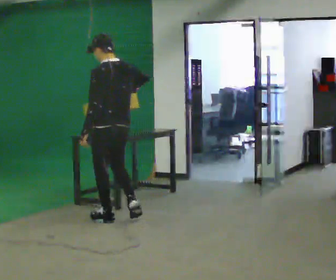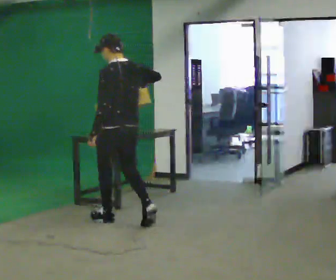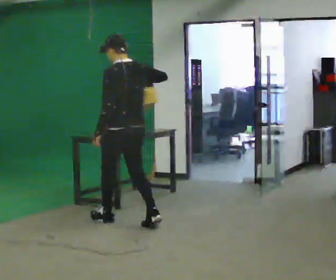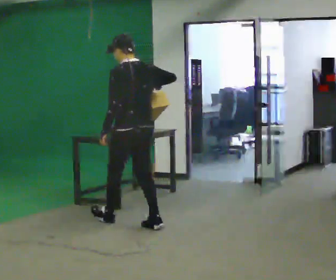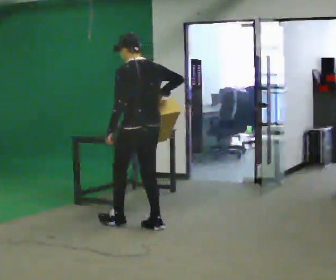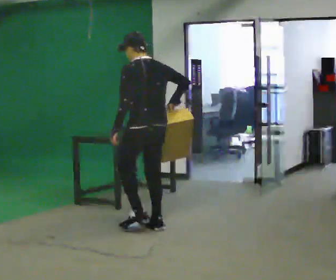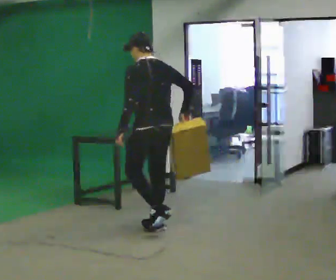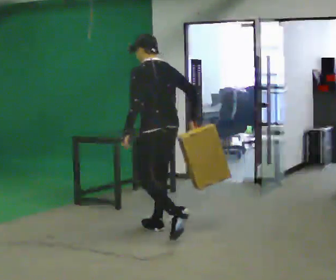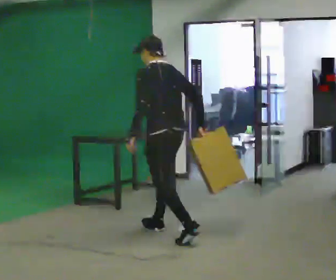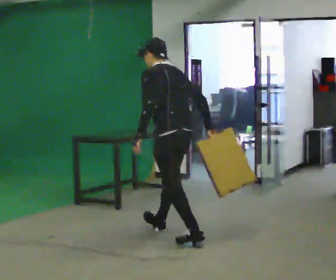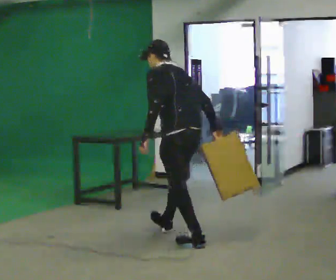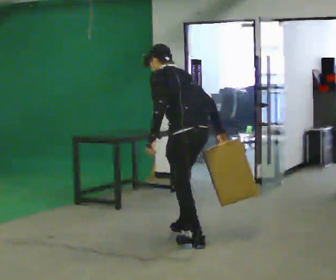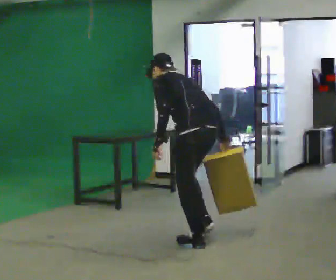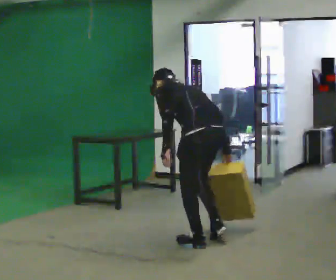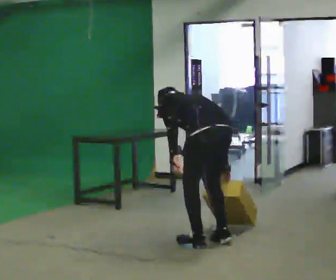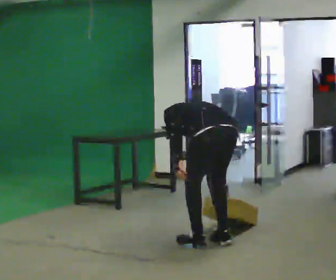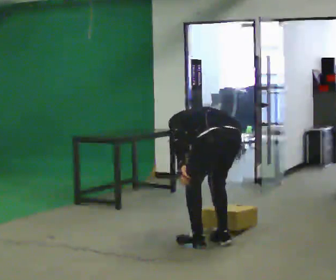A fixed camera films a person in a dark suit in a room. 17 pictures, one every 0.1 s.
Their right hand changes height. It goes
downward.
The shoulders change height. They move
downward.
0.0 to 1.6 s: In the picture they go to the right and toward the camera, about 1.5 m in 2 steps, which for them is backward. The upper body goes downward. The upper body tips away from the camera, its near side rolling upward, as they bend forward. In the picture their right hand goes downward.
The film runs backward here.
